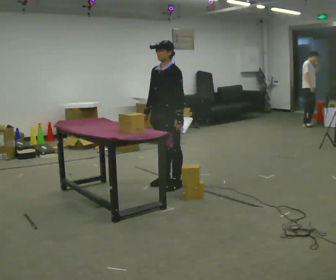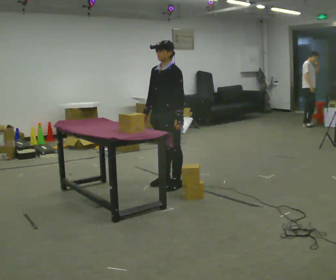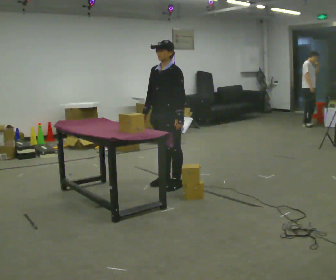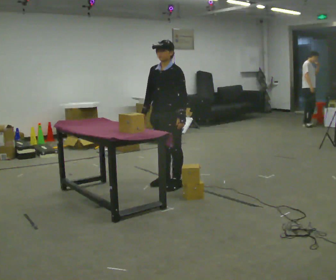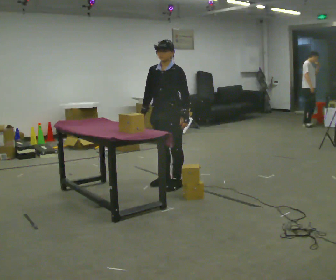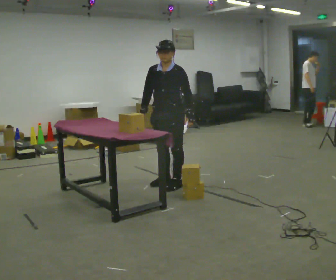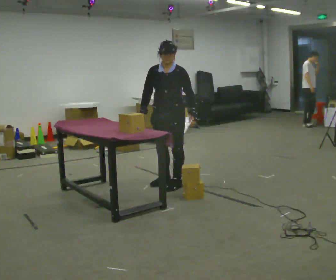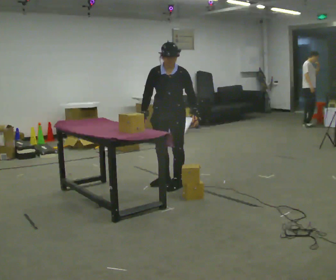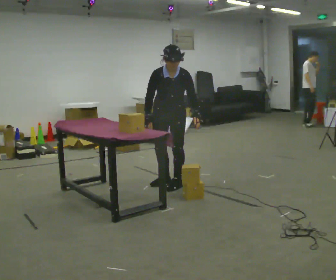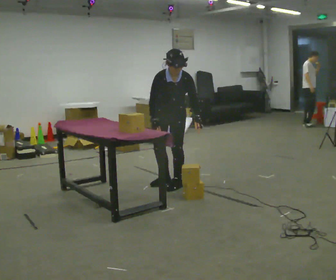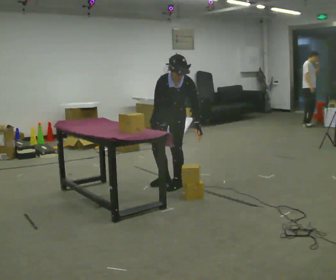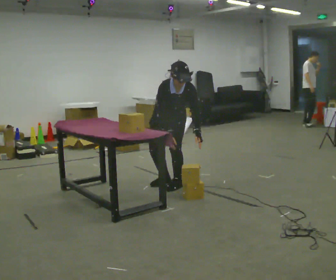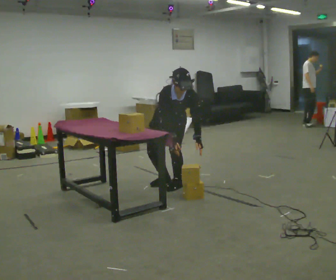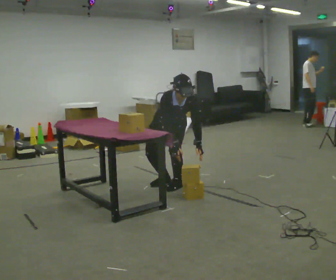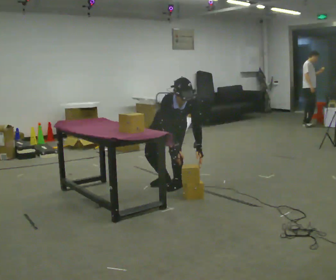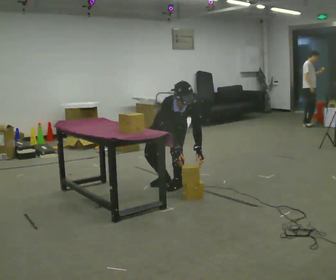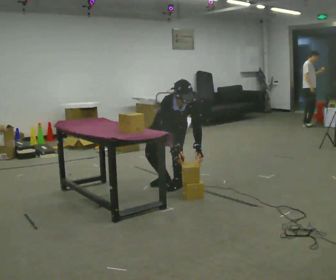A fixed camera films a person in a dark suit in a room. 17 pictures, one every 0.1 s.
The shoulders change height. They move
downward.
The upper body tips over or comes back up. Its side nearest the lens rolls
downward.
0.0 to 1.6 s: The person turns about 60 degrees to their left, counterclockwise seen from above, so the part of the body nearest the lens slides to the right. The shoulders move downward. The upper body tips toward the camera, its near side rolling downward, as they bend forward. In the picture their right hand goes downward.
The film runs forward here.
